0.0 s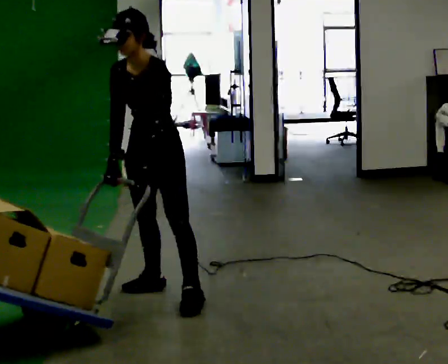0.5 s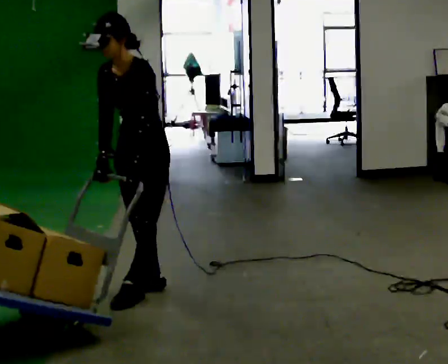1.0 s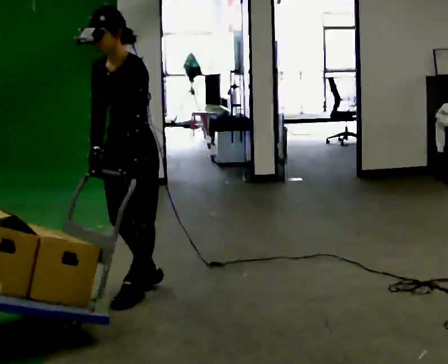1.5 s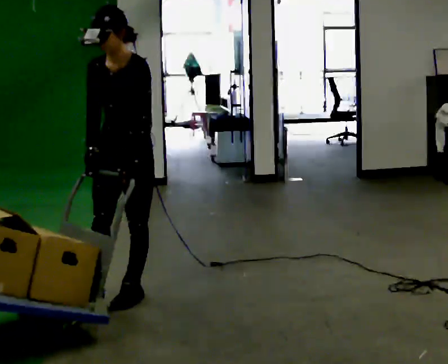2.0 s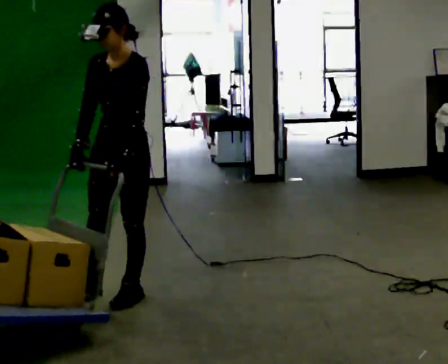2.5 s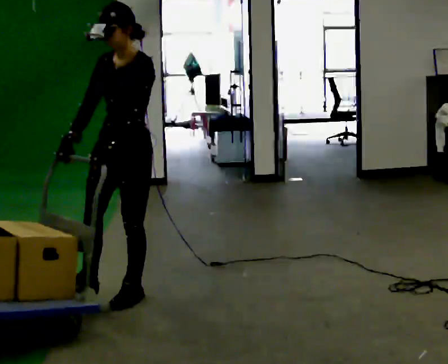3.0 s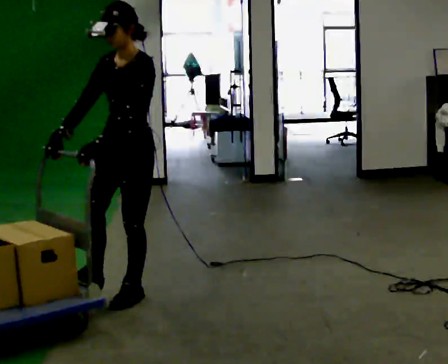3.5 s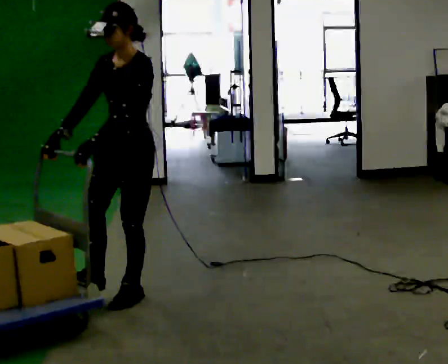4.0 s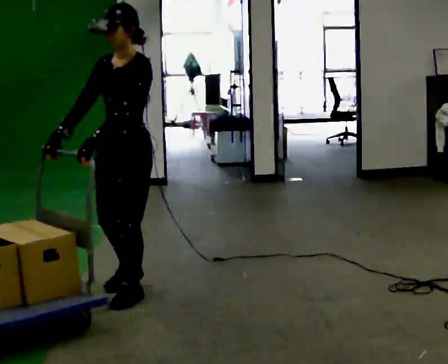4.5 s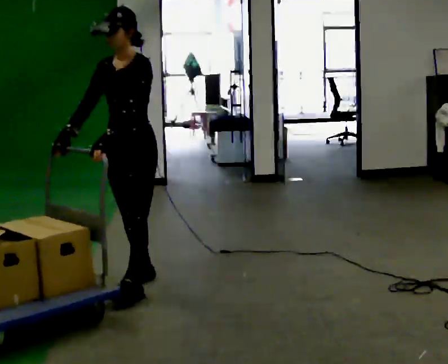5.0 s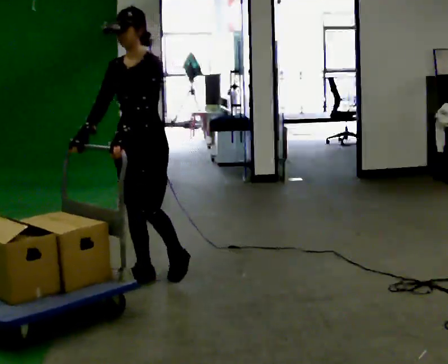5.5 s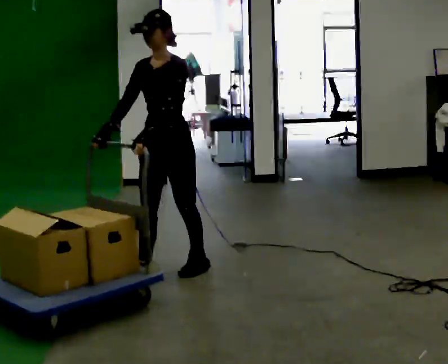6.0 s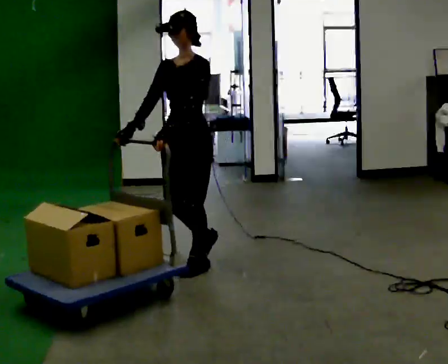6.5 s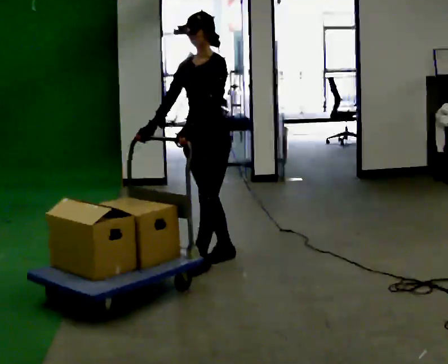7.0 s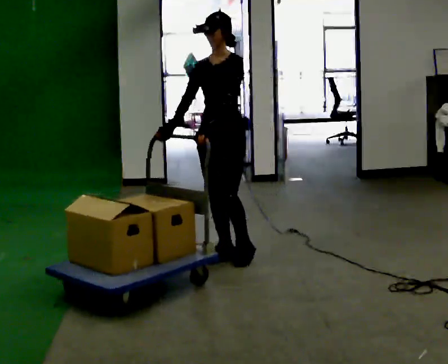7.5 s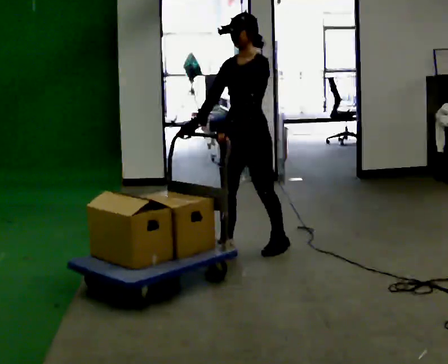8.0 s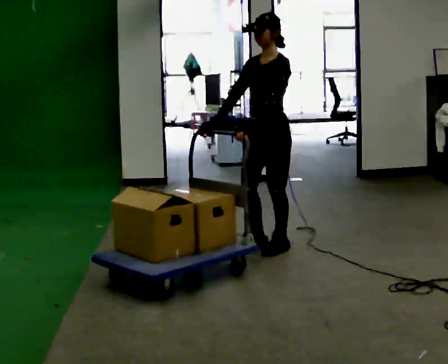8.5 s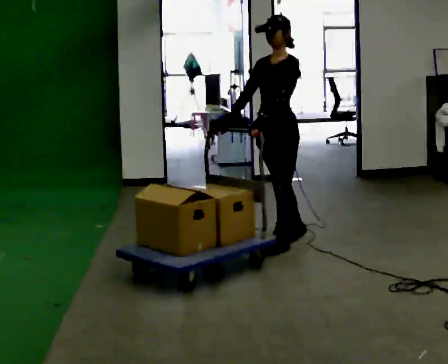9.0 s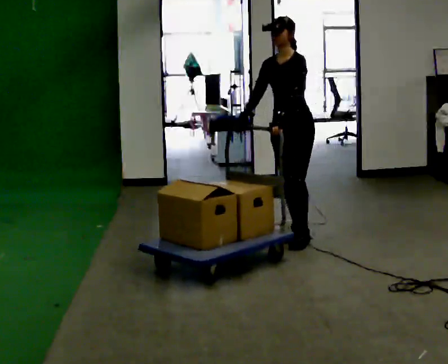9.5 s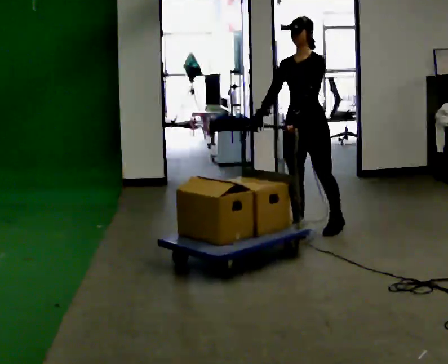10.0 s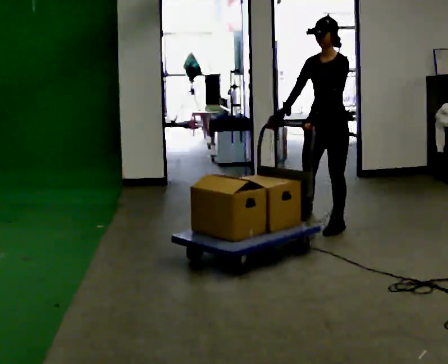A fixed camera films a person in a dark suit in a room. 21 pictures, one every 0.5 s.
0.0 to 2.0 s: In the picture they go to the left, about 0.25 m in 2 steps, which for them is forward.
2.0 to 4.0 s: The person moves a little, or ends about where they began.
4.0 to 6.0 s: In the picture they go away from the camera and to the right, about 0.5 m in 2 steps, which for them is backward.
6.0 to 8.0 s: In the picture they go to the right and away from the camera, about 0.75 m in 2 steps, which for them is backward.
8.0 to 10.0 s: In the picture they go to the right and away from the camera, about 0.75 m in 2 steps, which for them is backward.
The film runs backward here.
